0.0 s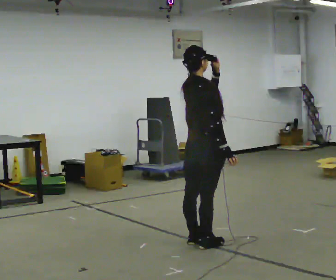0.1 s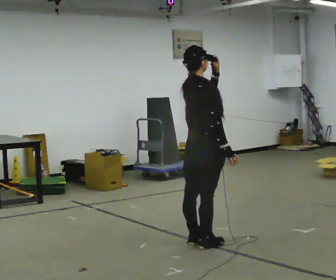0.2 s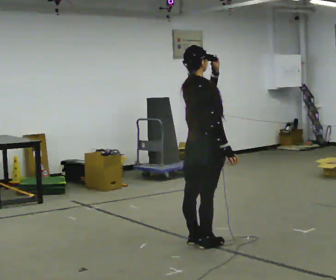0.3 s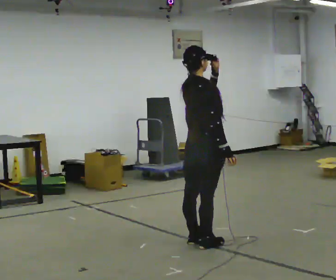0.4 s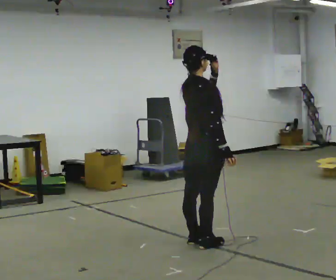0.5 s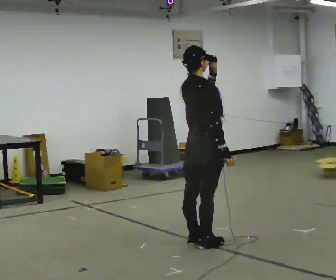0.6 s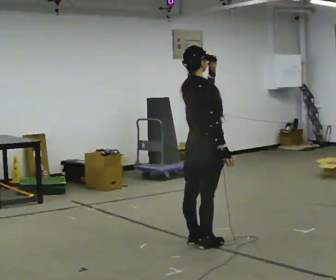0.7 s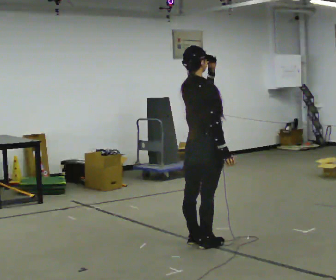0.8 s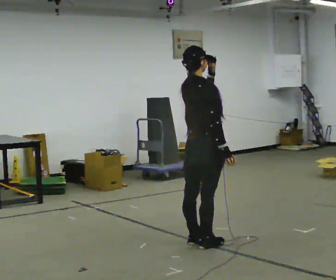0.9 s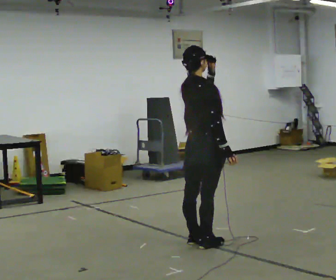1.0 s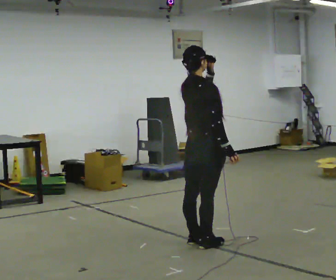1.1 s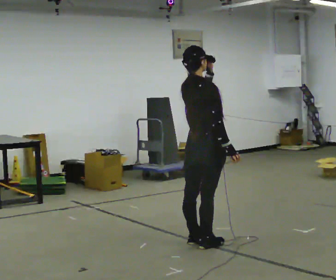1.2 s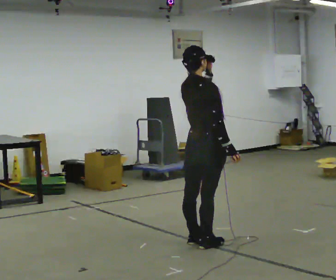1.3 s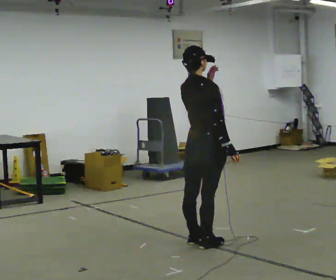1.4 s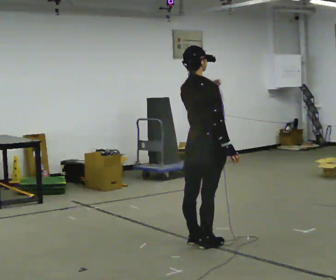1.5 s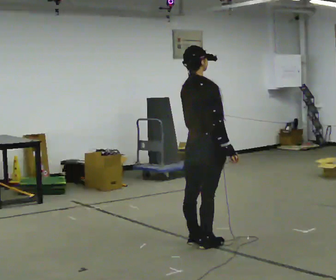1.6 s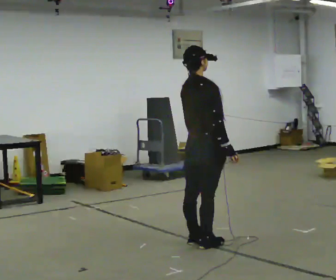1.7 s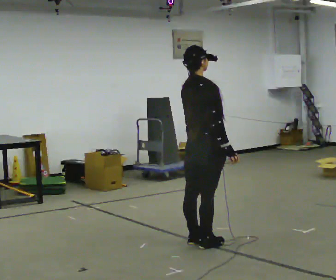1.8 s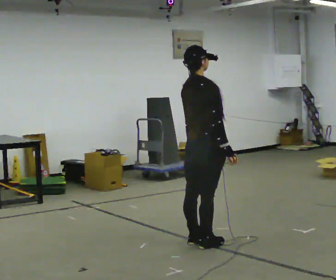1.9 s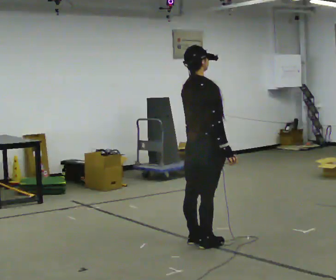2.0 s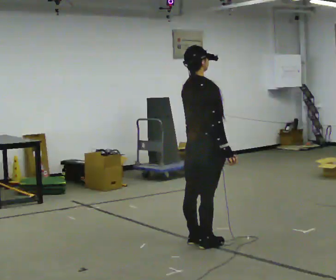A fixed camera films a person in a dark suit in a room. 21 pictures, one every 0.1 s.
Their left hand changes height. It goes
downward.
0.0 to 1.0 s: The person moves a little, or ends about where they began.
1.0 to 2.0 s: In the picture their left hand goes downward.
The film runs backward here.
